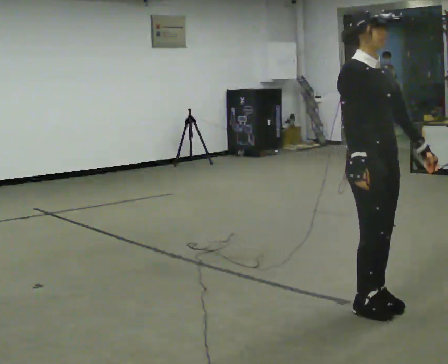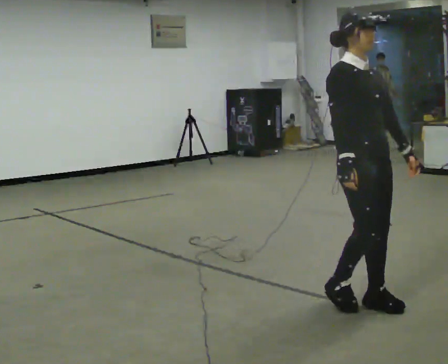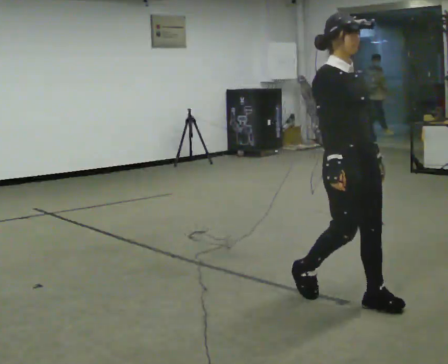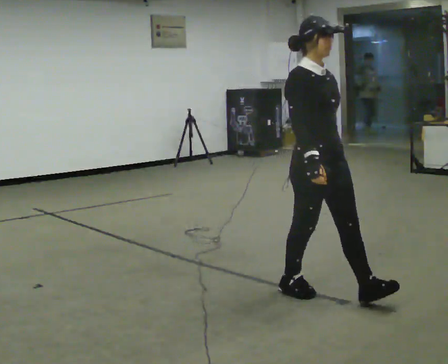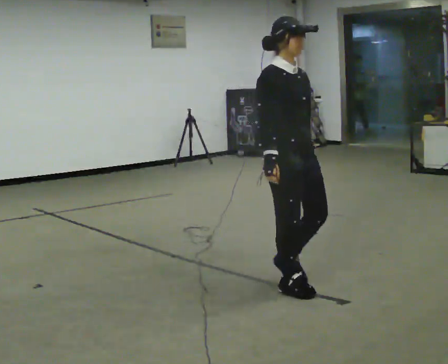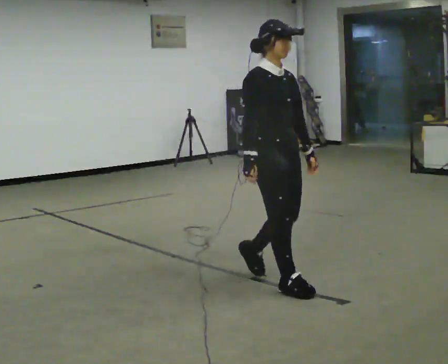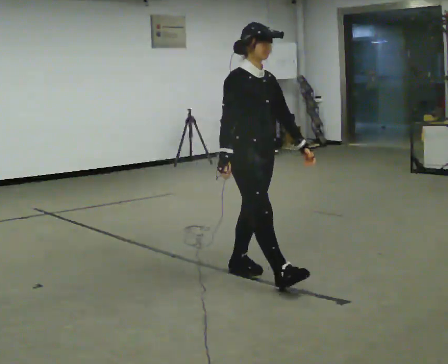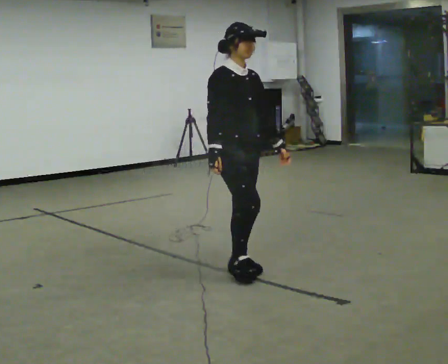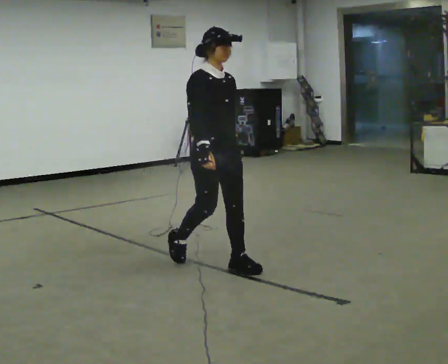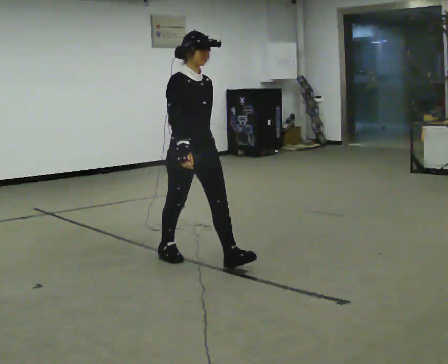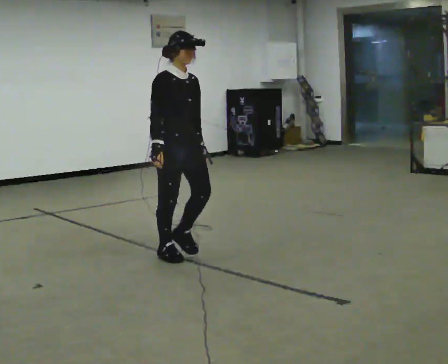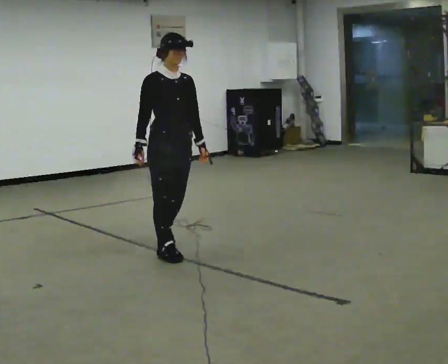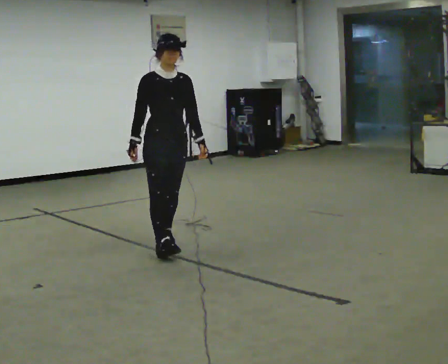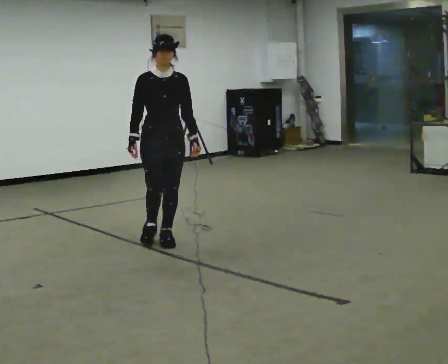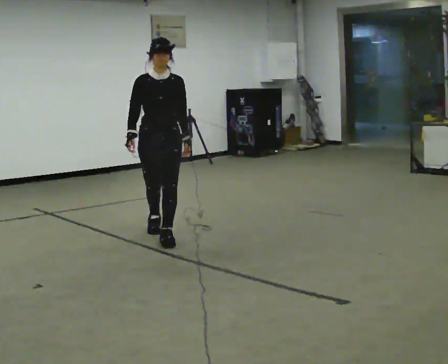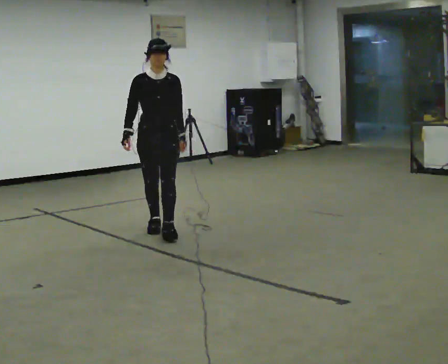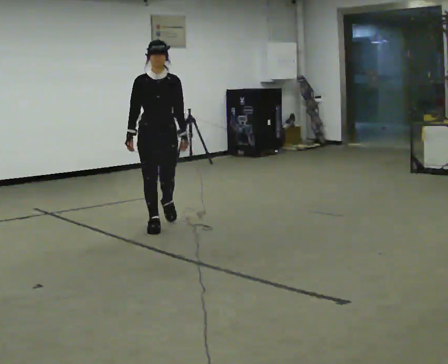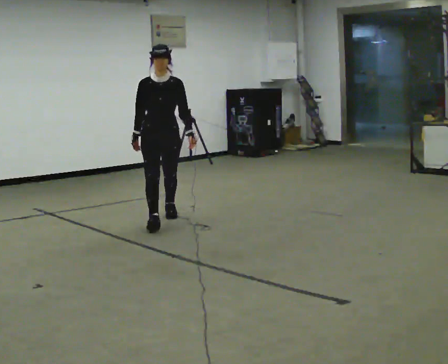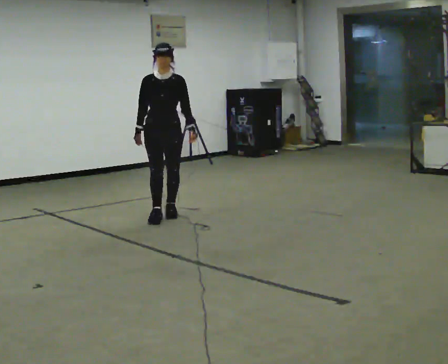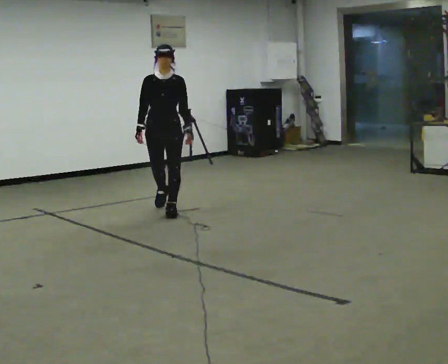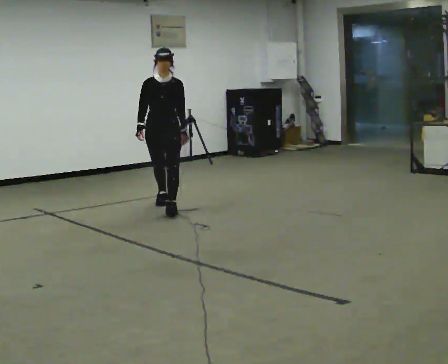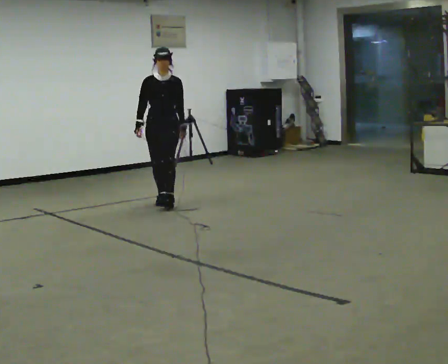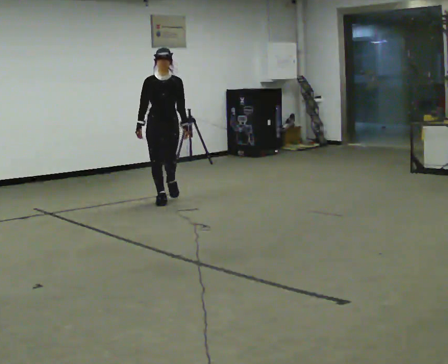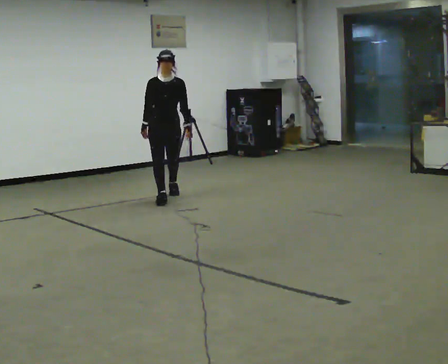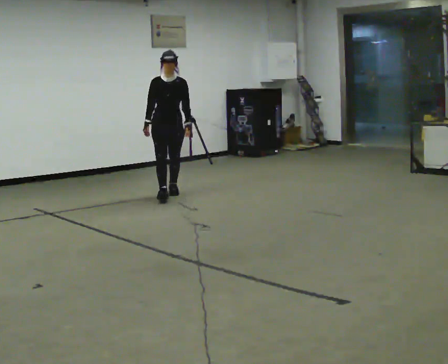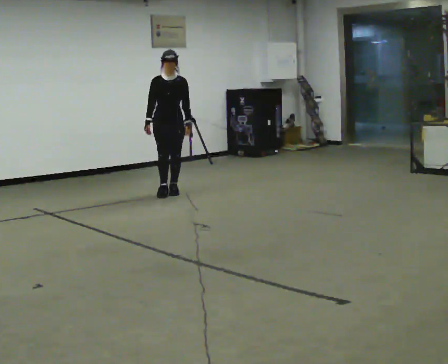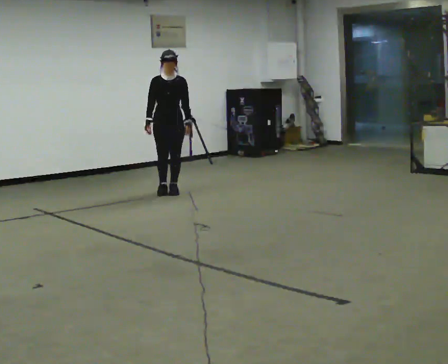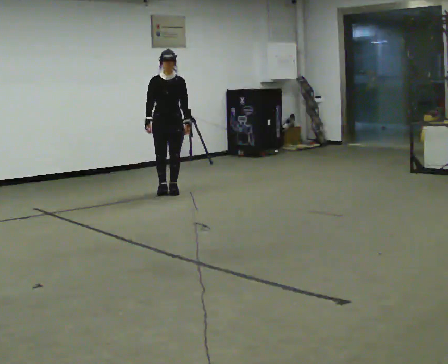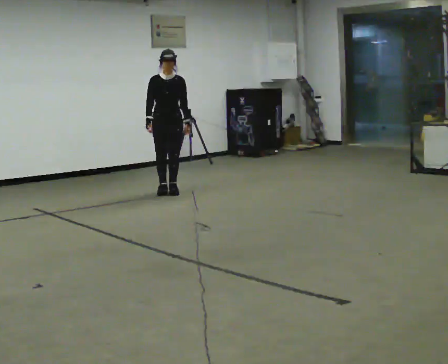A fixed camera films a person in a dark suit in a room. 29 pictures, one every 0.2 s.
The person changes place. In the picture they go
away from the camera.
0.0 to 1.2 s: In the picture they go away from the camera and to the left, about 1 m in 3 steps, which for them is backward.
1.2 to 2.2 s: In the picture they go away from the camera and to the left, about 1 m in 1 step, which for them is backward.
2.2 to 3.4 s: The part of the body nearest the lens slides to the left as the person turns to their right by about 30 degrees. In the picture they go away from the camera, about 1 m in 3 steps, which for them is backward.
3.4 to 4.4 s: In the picture they go away from the camera, about 1 m in 1 step, which for them is backward.
4.4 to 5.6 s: In the picture they go away from the camera, about 0.5 m in 1 step, which for them is backward.
The film runs backward here.
